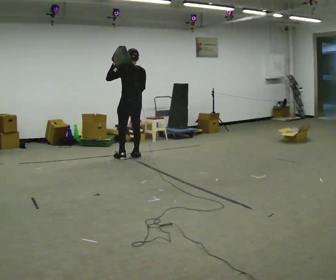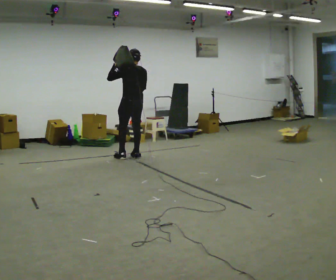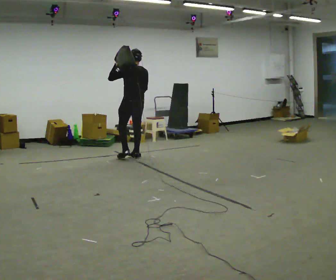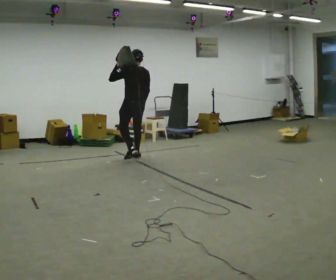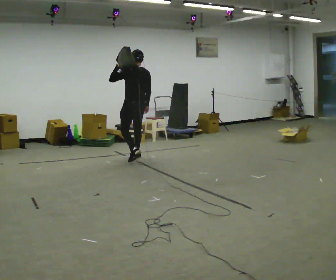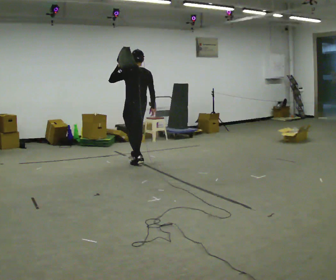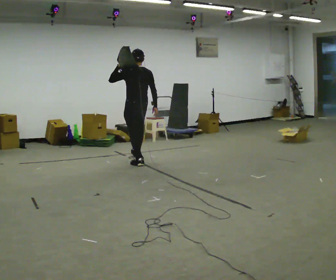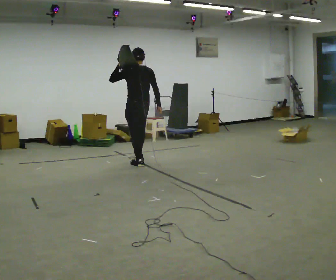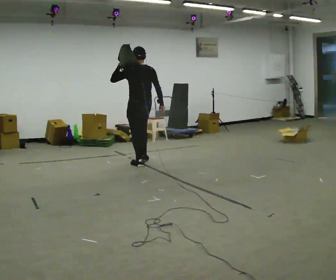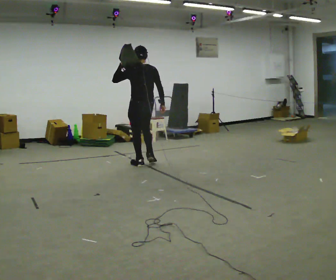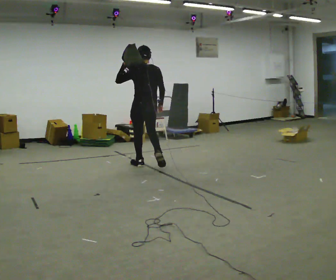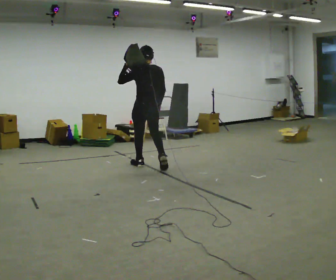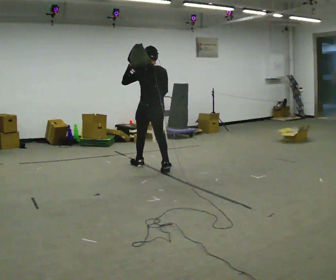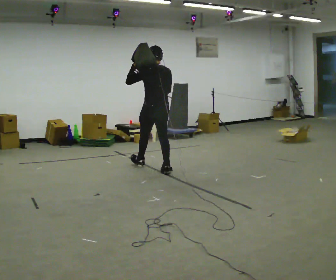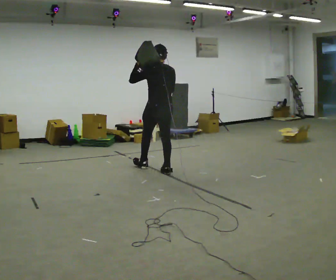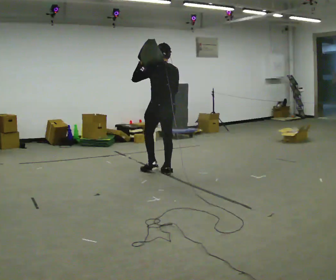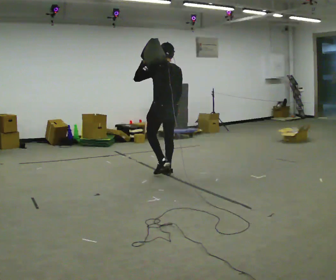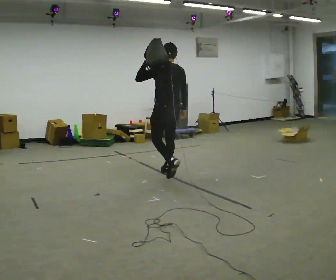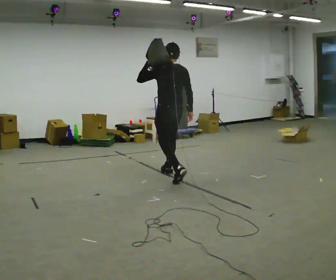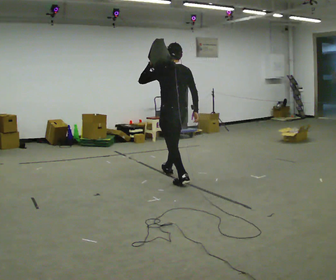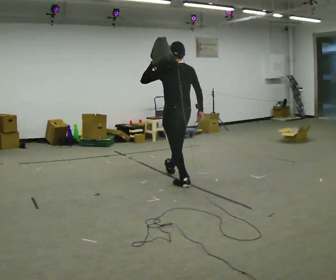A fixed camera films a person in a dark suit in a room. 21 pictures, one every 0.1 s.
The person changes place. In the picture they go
toward the camera.
0.0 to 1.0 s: In the picture they go toward the camera and to the right, about 0.5 m in 2 steps, which for them is backward.
1.0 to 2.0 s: In the picture they go toward the camera and to the right, about 1 m in 2 steps, which for them is backward.
The film runs backward here.
